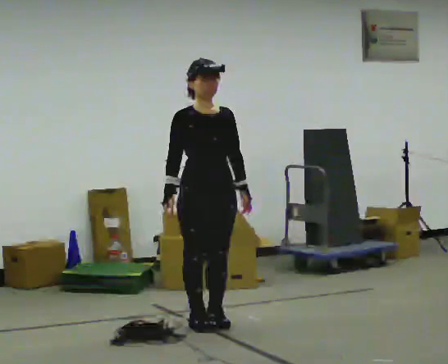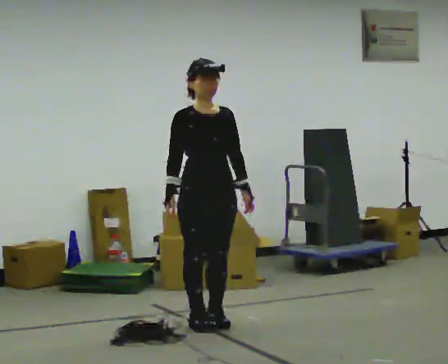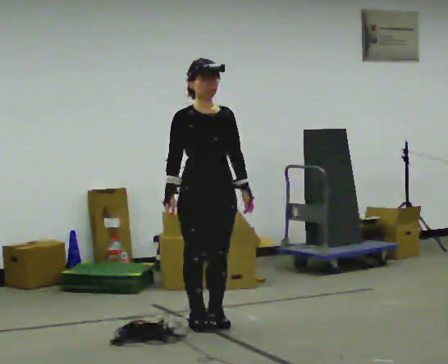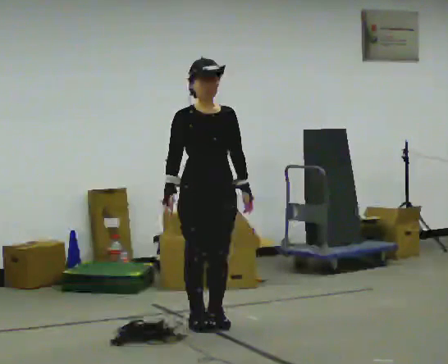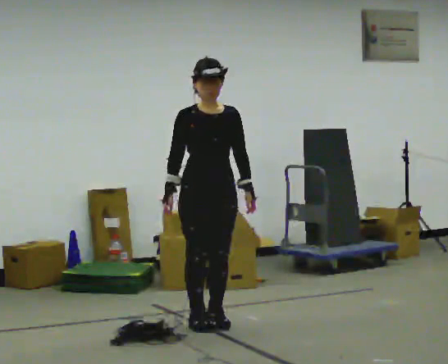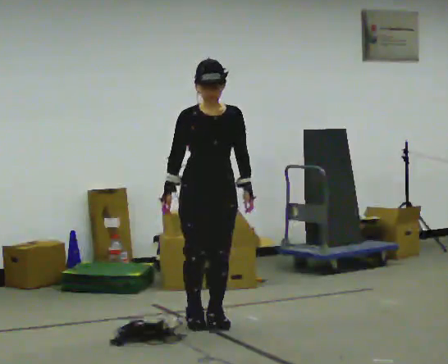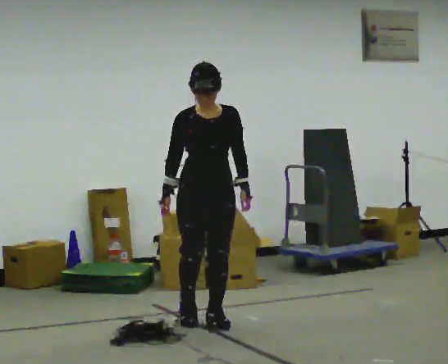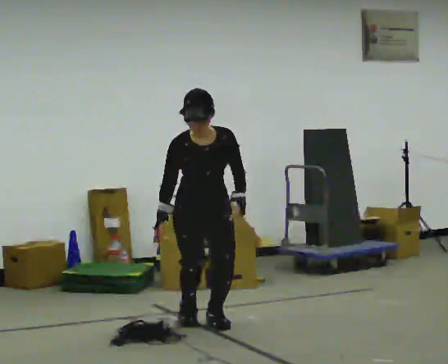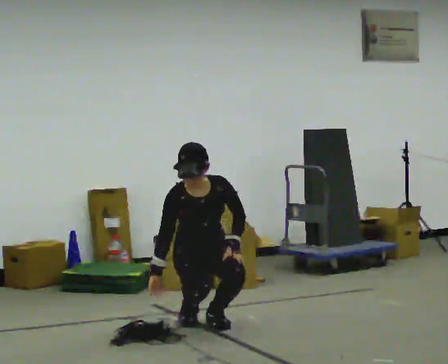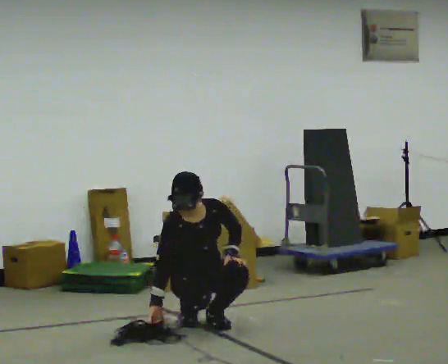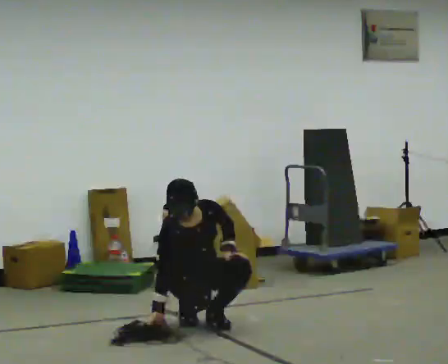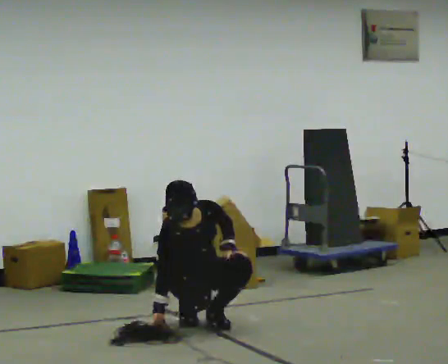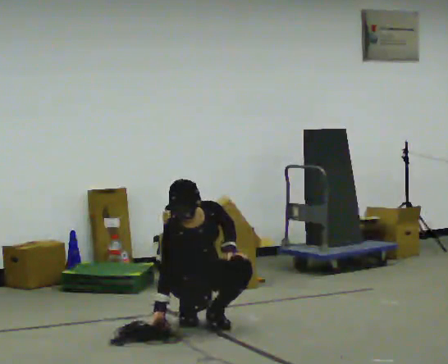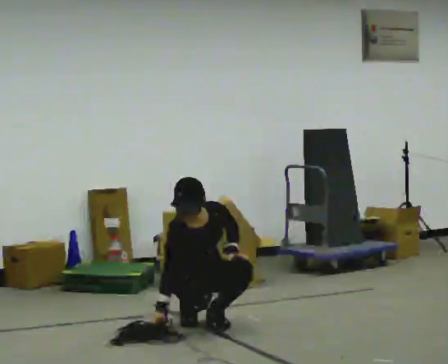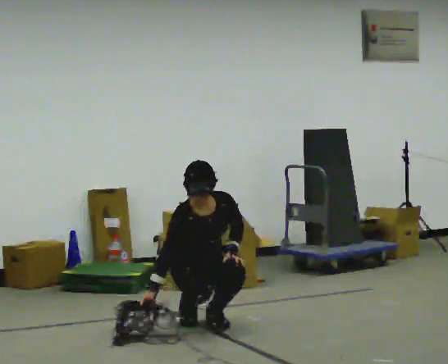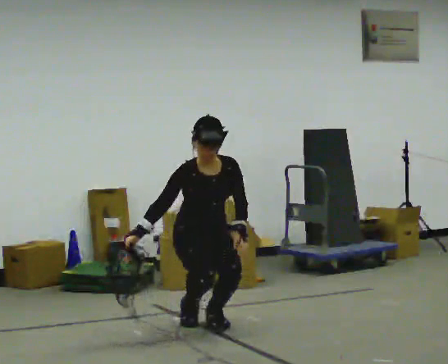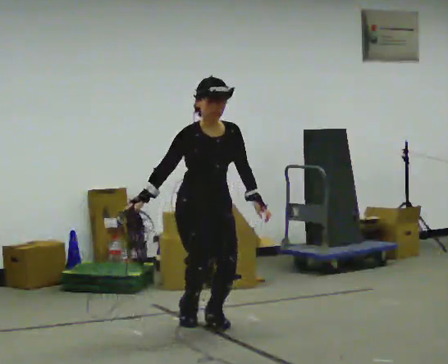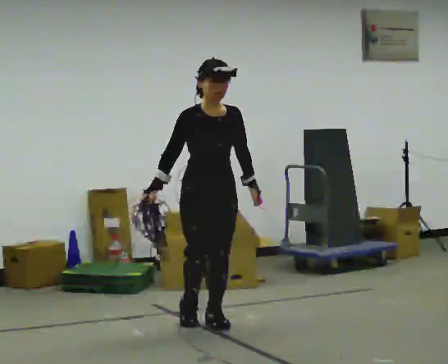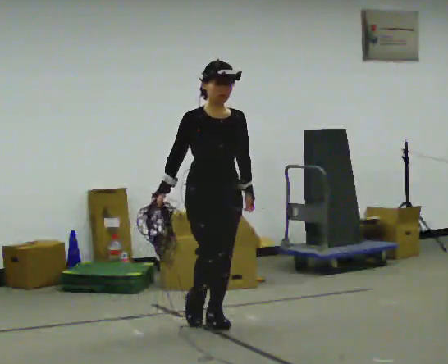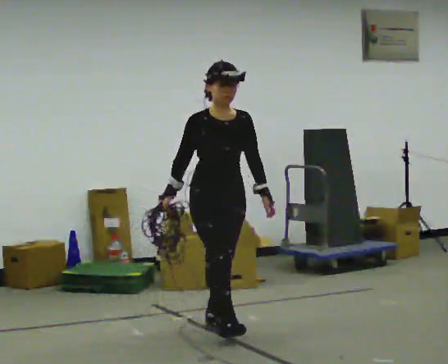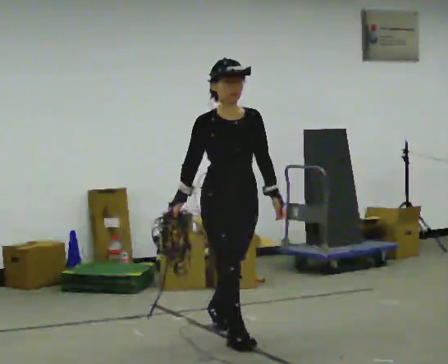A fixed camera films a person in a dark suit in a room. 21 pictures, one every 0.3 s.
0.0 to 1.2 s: The person moves a little, or ends about where they began.
1.2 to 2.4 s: The shoulders move downward. The upper body tips toward the camera, its near side rolling downward, as they bend forward. In the picture their left hand goes downward.
2.4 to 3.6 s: The person moves a little, or ends about where they began.
3.6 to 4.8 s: The upper body goes upward. The upper body tips away from the camera, its near side rolling upward, as they lean back or straighten. In the picture their right hand goes upward.
4.8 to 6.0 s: In the picture they go toward the camera and to the right, about 0.5 m in 1 step, which for them is forward.
The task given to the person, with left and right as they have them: Pick up the coiled hose, carry it across the room, and set it down. It will move around as you walk. Keep going until the operator says stop; one object at a time, and do not rush between trips.
The film runs forward here.
